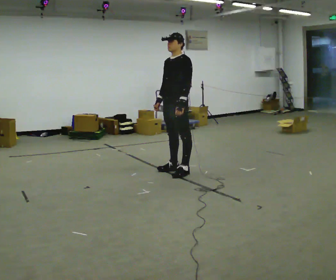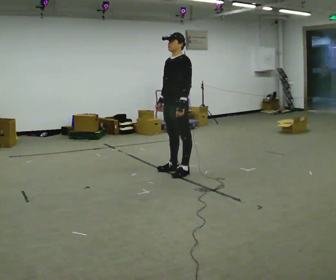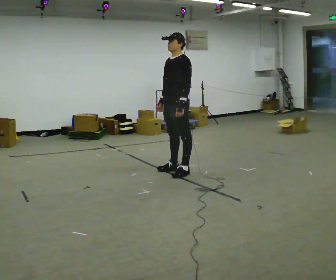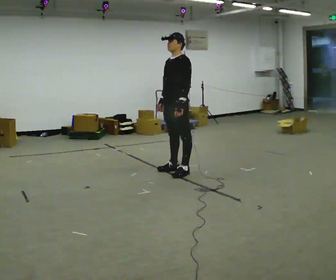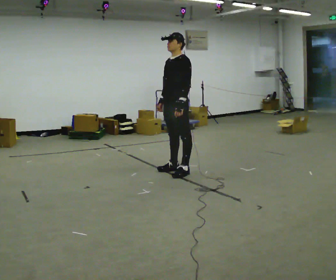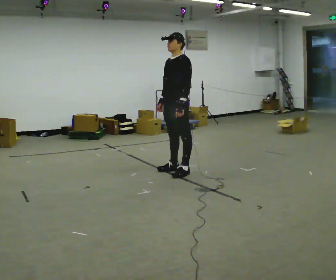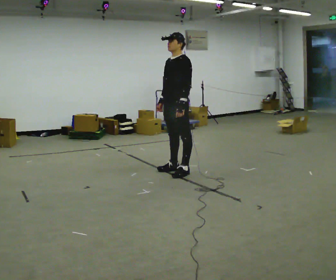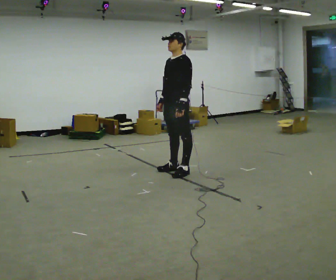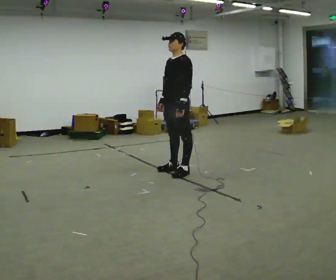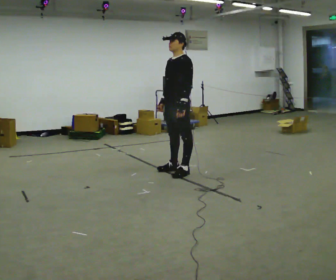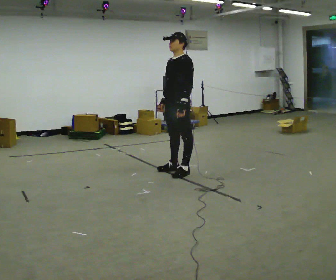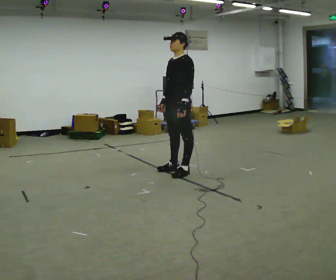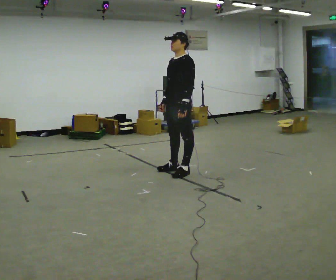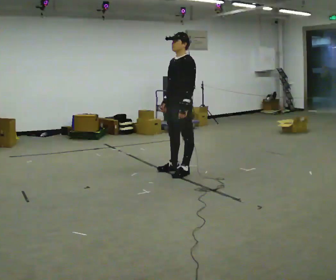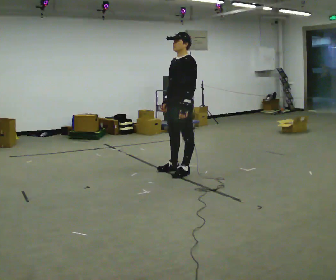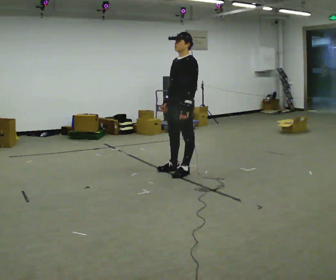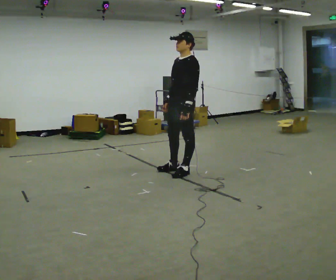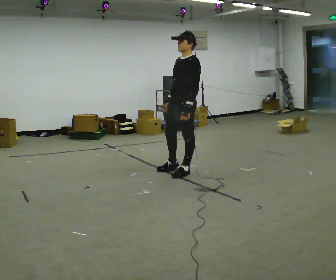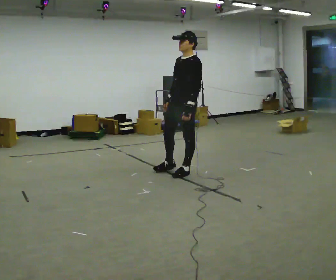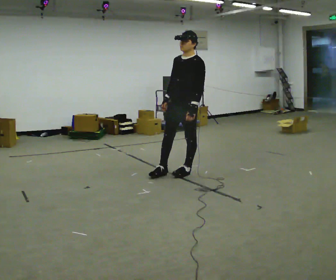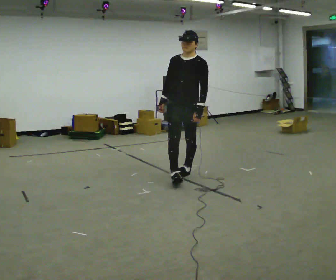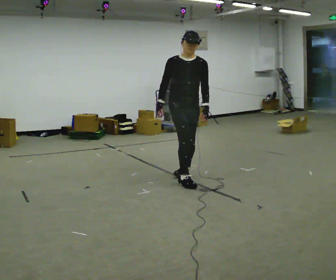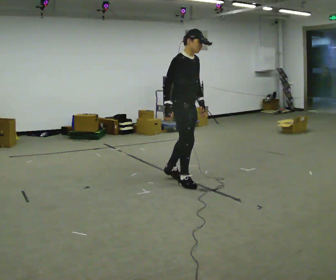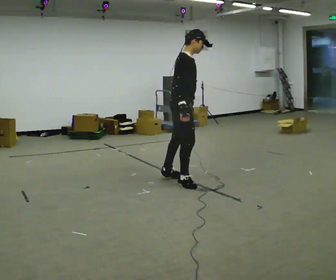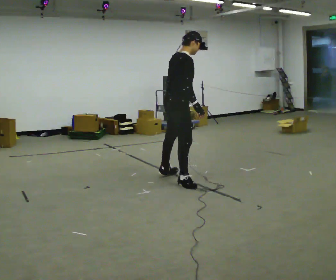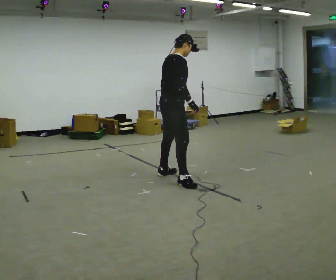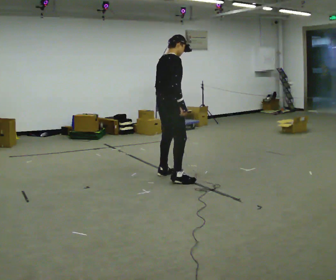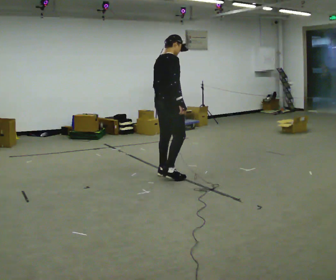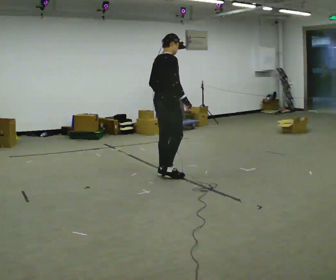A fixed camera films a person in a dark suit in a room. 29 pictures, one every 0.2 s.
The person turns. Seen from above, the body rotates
counterclockwise.
The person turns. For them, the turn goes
to their left.
0.0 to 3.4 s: The person moves a little, or ends about where they began.
3.4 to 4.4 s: Seen from above the body turns counterclockwise, about 120 degrees: to their left, with its near side sliding to the right. In the picture they go toward the camera, about 0.25 m in 1 step.
4.4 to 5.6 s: The person turns about 60 degrees to their left, counterclockwise seen from above, so the part of the body nearest the lens slides to the right. In the picture they go away from the camera and to the left, about 0.25 m in 3 steps, which for them is to their left.
The film runs forward here.
